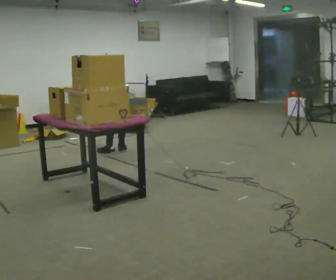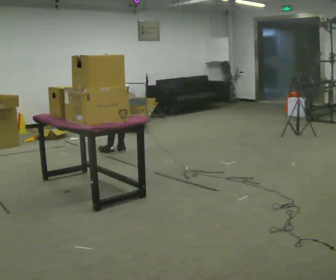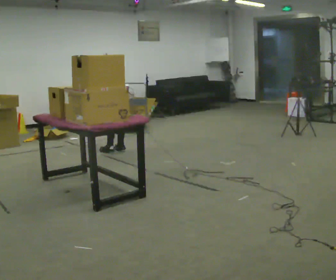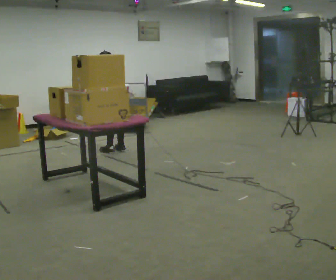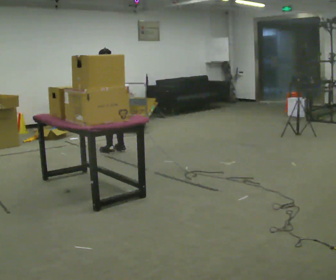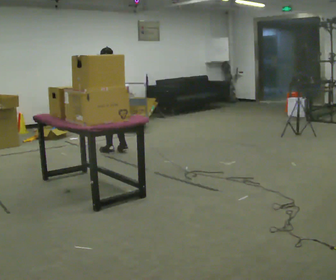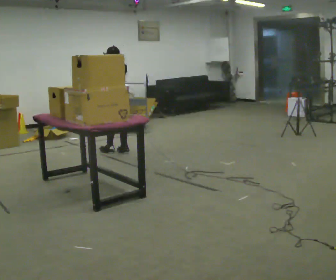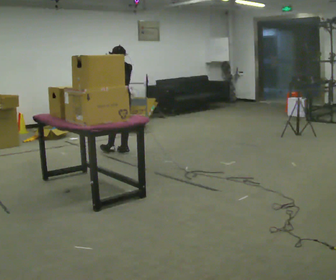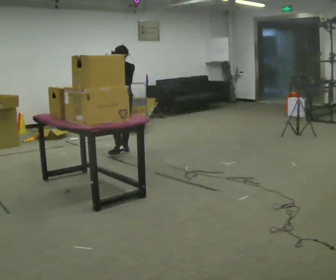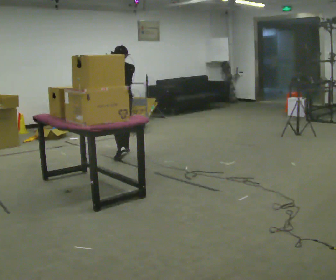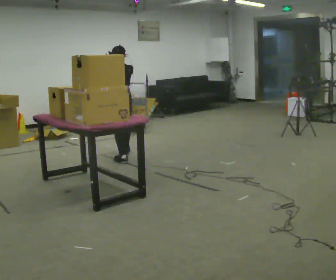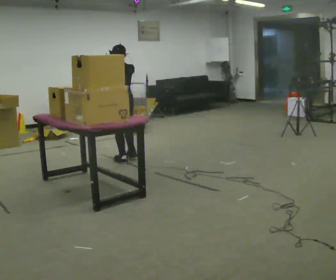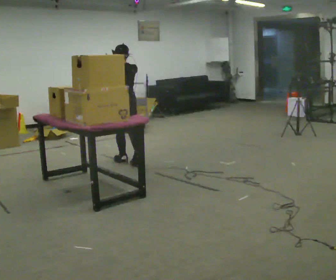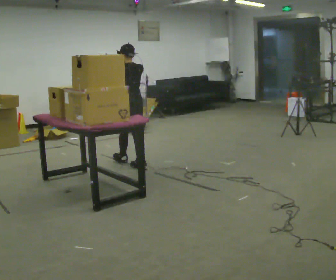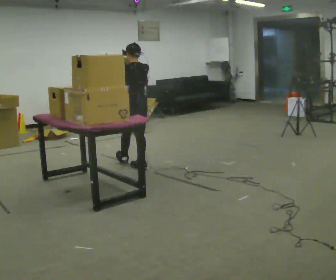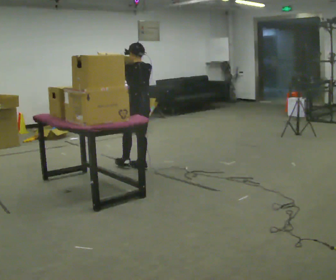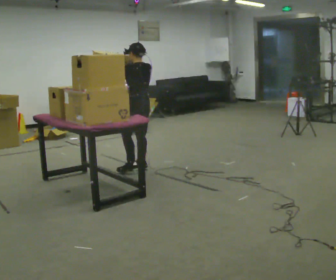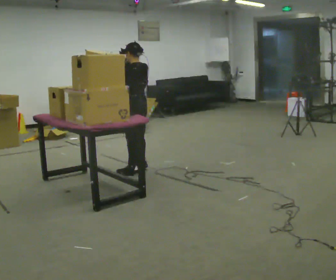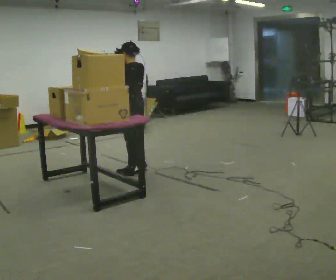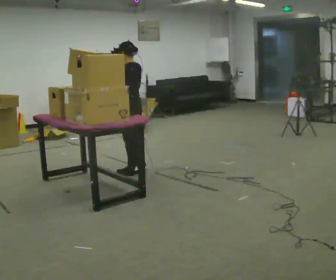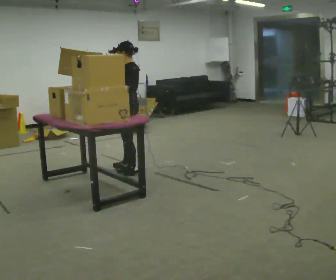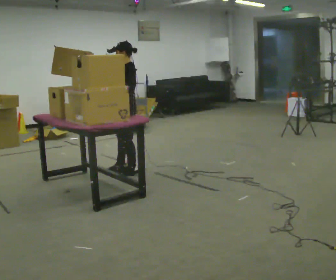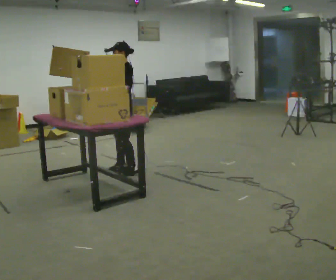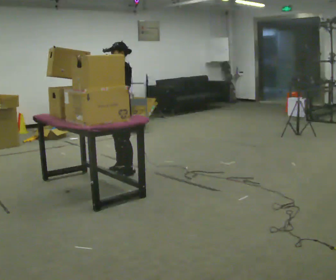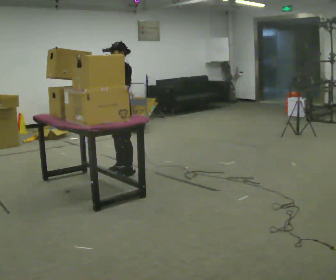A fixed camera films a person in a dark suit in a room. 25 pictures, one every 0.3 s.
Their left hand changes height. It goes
upward.
Their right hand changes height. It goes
upward.
0.0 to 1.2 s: The upper body goes upward. The upper body tips toward the camera, its near side rolling downward, as they lean back or straighten. In the picture their left hand goes upward.
1.2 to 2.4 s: The person moves a little, or ends about where they began.
2.4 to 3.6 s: In the picture they go toward the camera, about 0.5 m in 1 step, which for them is backward and to their left.
3.6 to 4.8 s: In the picture they go toward the camera and to the right, about 0.25 m in 1 step, which for them is backward.
4.8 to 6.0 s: The person turns about 30 degrees to their left, counterclockwise seen from above, so the part of the body nearest the lens slides to the right. In the picture they go toward the camera, about 0.25 m in 1 step, which for them is to their left. In the picture their right hand goes to the left.
6.0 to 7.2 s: The person turns about 45 degrees to their left, counterclockwise seen from above, so the part of the body nearest the lens slides to the right.
The film runs backward here.
